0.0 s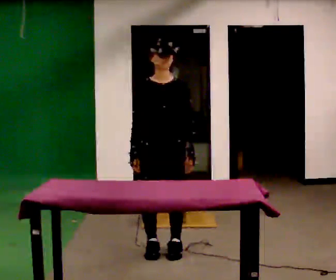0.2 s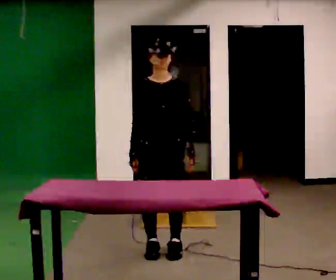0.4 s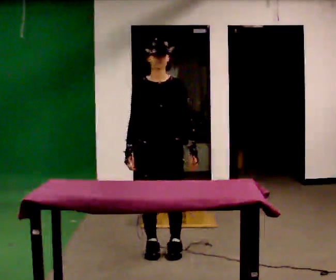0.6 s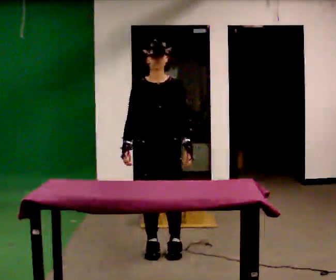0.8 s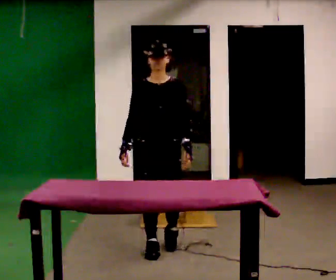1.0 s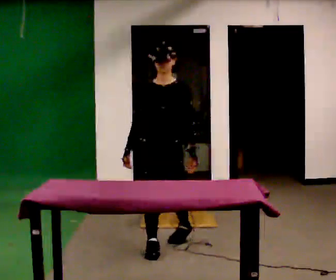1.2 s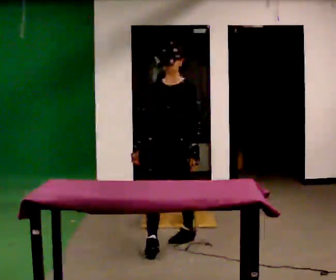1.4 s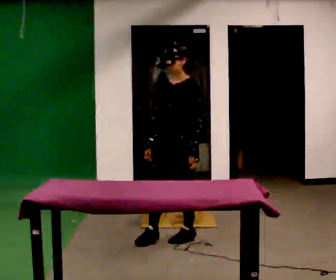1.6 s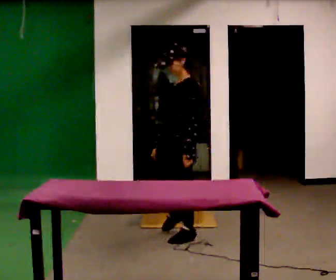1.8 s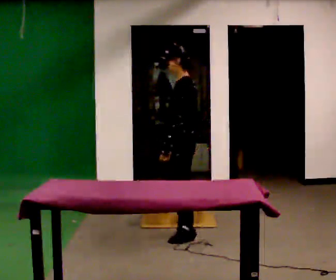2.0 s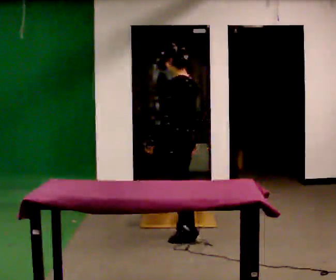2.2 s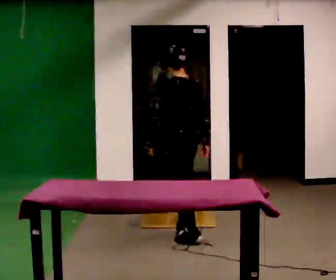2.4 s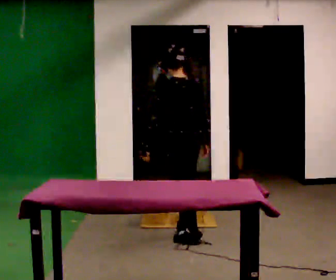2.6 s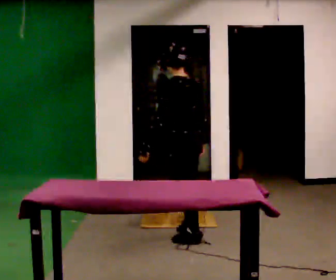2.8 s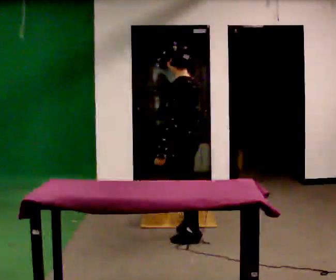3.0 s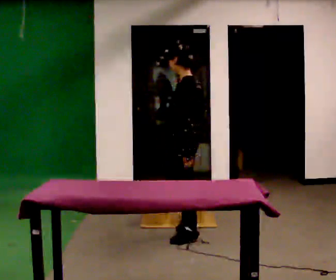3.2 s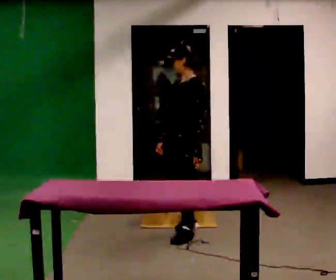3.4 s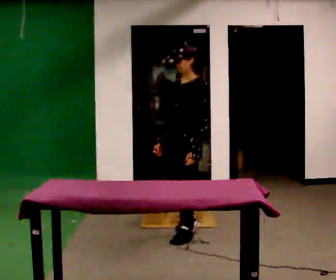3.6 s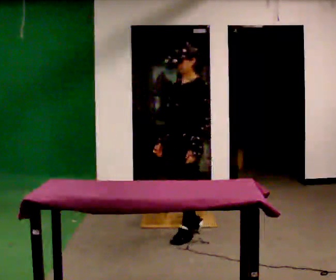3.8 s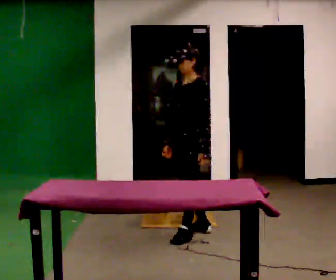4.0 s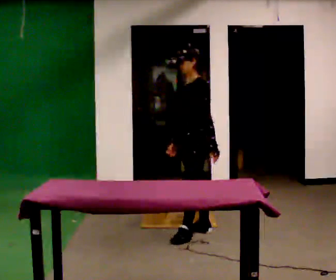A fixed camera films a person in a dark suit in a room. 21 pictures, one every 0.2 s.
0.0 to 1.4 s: The part of the body nearest the lens slides to the left as the person turns to their right by about 30 degrees. In the picture they go away from the camera, about 0.25 m in 2 steps, which for them is backward.
1.4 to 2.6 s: The part of the body nearest the lens slides to the left as the person turns to their right by about 105 degrees. In the picture their right hand goes to the right.
2.6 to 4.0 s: Seen from above the body turns counterclockwise, about 60 degrees: to their left, with its near side sliding to the right. In the picture they go away from the camera, about 0.25 m in 1 step. In the picture their left hand goes to the right, the arm swinging counterclockwise.
The film runs backward here.
